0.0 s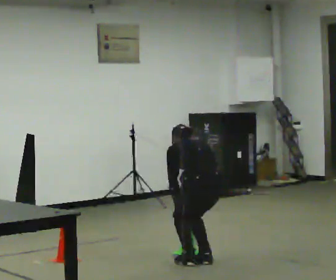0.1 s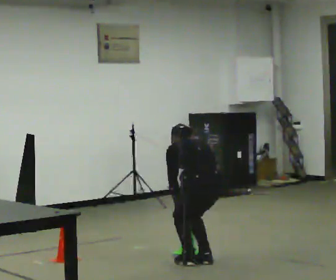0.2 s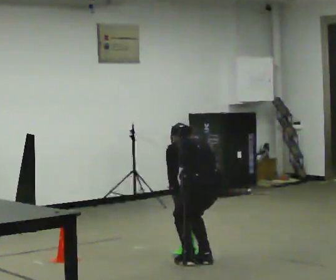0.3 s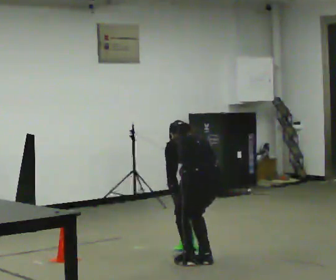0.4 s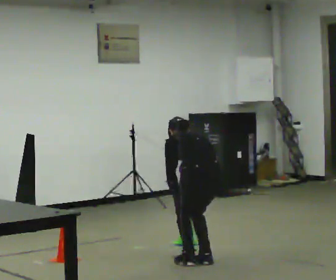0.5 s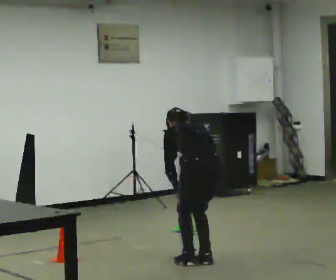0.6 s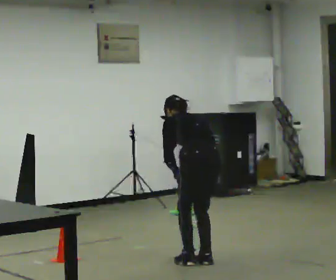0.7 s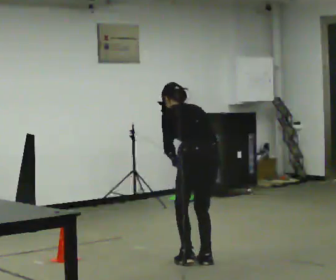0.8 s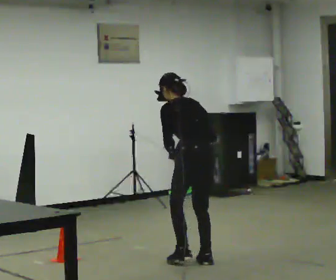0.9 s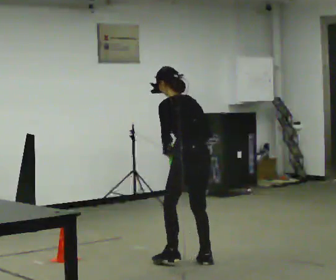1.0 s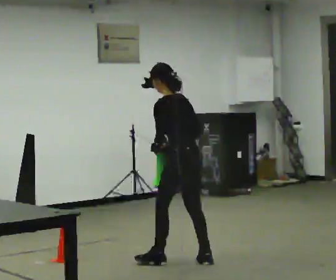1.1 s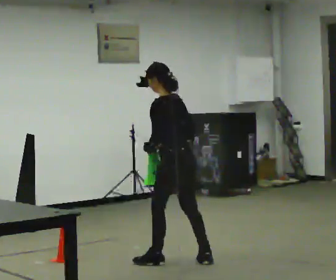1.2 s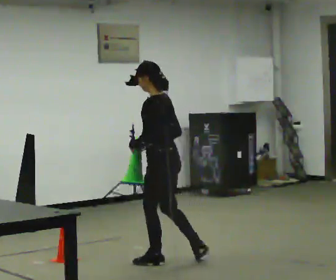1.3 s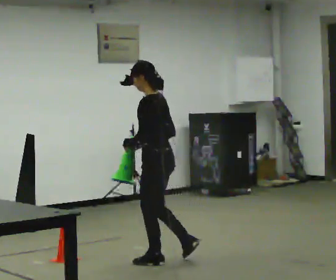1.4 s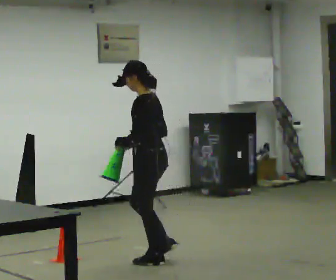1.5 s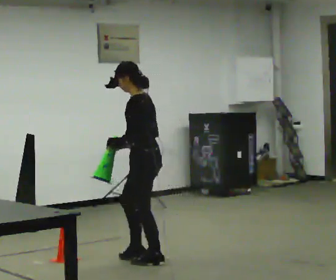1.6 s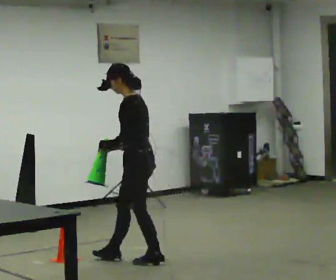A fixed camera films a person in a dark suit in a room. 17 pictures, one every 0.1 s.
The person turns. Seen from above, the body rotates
counterclockwise.
The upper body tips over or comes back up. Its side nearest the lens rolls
downward.
0.0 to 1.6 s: The part of the body nearest the lens slides to the right as the person turns to their left by about 60 degrees. In the picture they go to the left, about 0.5 m in 1 step. The upper body goes upward. The upper body tips toward the camera, its near side rolling downward, as they lean back or straighten. In the picture their right hand goes upward.
The film runs forward here.
